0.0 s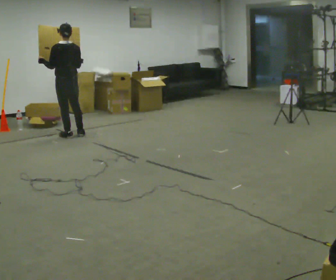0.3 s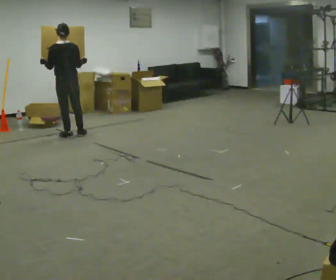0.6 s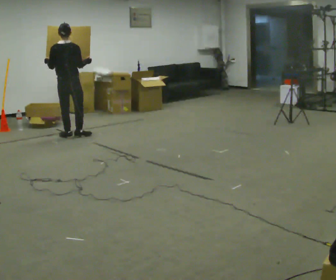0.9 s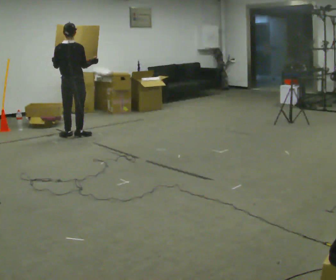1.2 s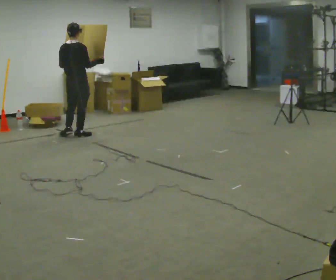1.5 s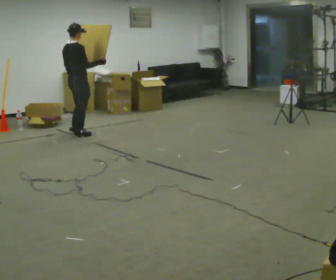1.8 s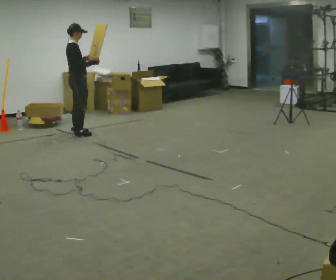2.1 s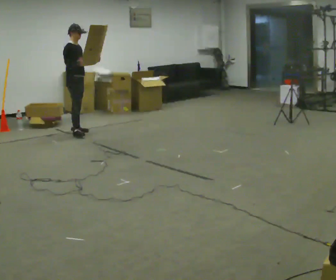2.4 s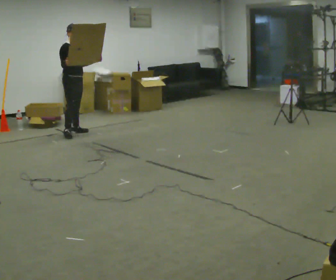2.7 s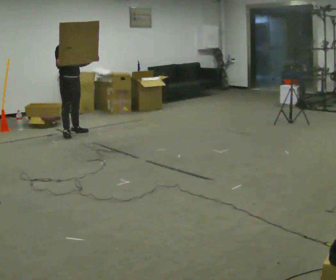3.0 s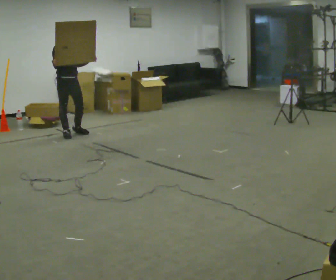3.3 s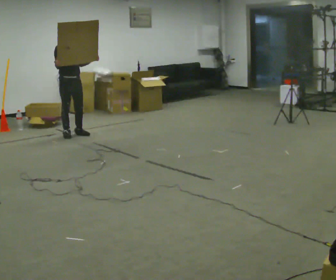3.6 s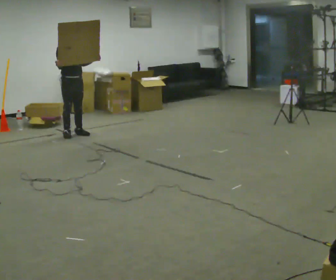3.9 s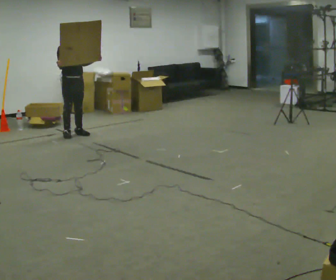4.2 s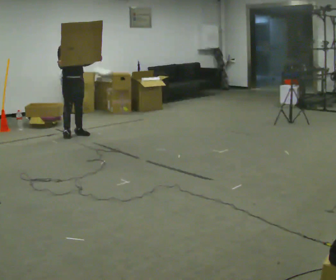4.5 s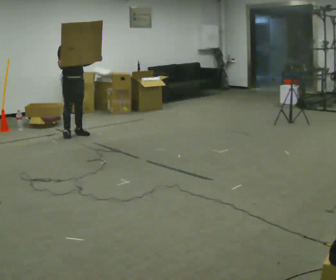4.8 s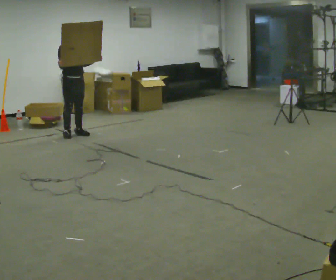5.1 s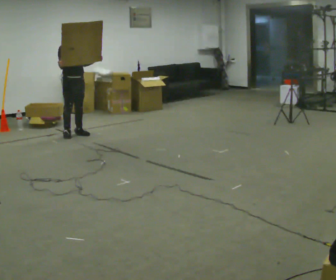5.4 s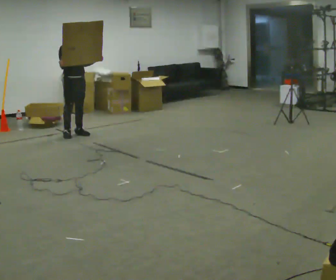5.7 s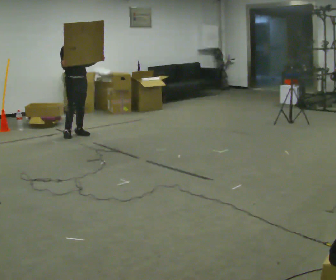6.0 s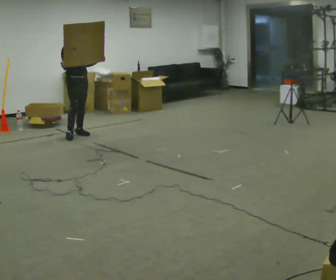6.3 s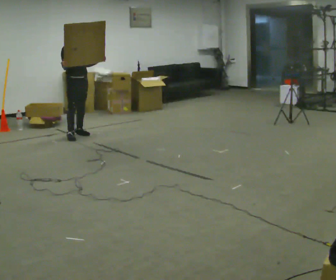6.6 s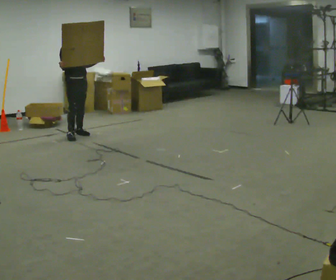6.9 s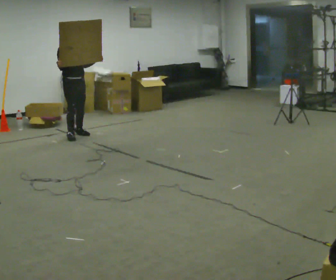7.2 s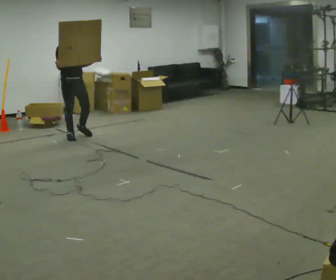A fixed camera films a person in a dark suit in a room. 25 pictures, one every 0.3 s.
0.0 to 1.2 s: The part of the body nearest the lens slides to the left as the person turns to their right by about 45 degrees.
1.2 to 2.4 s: Seen from above the body turns clockwise, about 105 degrees: to their right, with its near side sliding to the left. In the picture they go away from the camera, about 0.25 m in 1 step. In the picture their right hand goes to the left.
2.4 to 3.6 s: The person moves a little, or ends about where they began.
3.6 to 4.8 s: The person keeps their place and pose.
4.8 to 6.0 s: The person moves a little, or ends about where they began.
6.0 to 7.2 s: In the picture they go toward the camera, about 0.25 m, which for them is forward and to their right.
The film runs forward here.
